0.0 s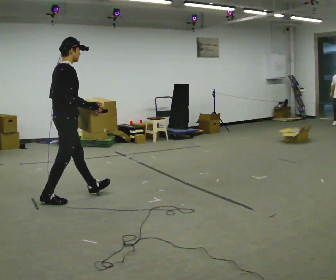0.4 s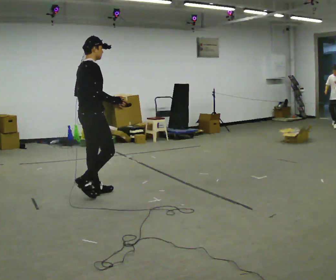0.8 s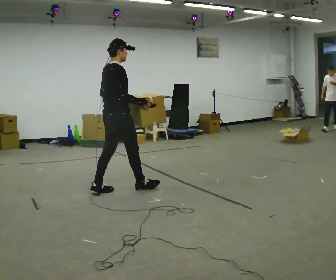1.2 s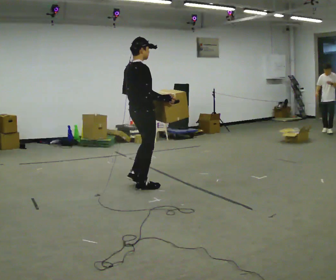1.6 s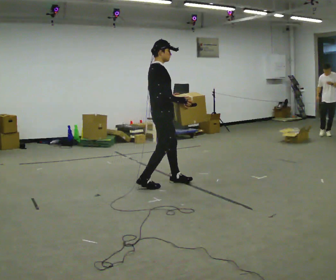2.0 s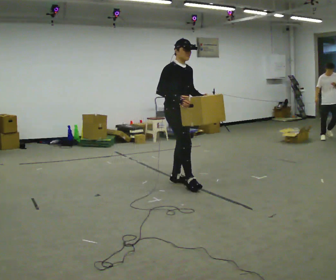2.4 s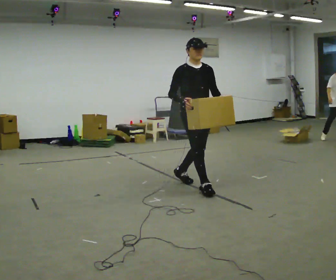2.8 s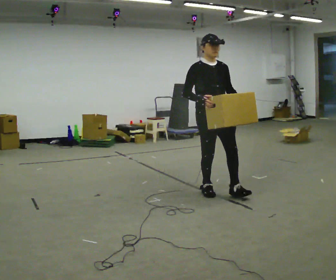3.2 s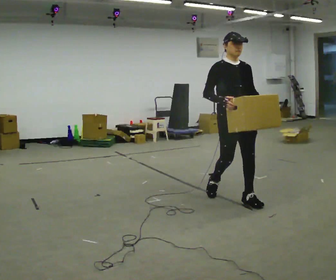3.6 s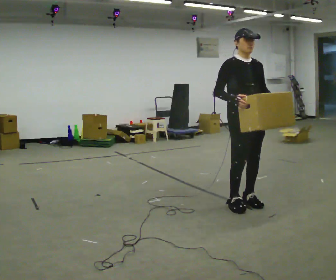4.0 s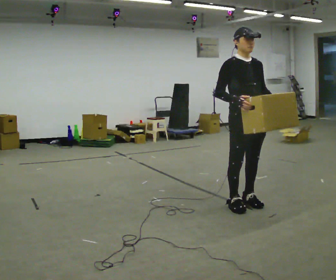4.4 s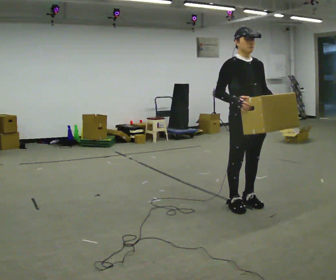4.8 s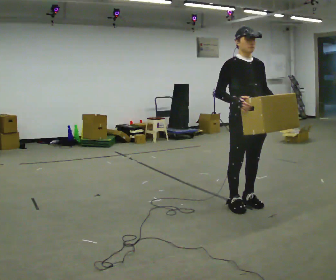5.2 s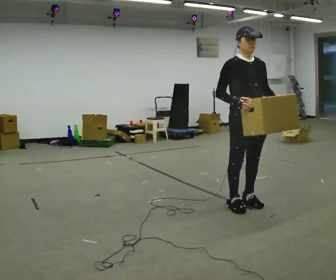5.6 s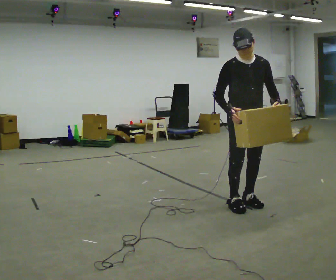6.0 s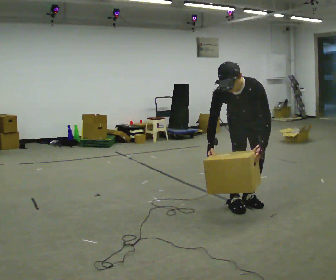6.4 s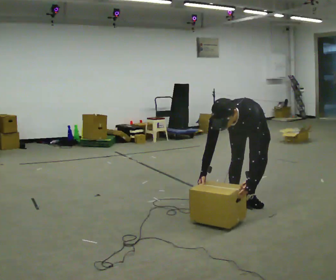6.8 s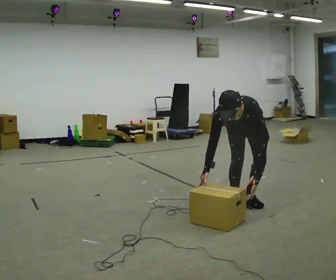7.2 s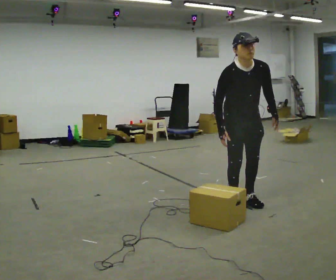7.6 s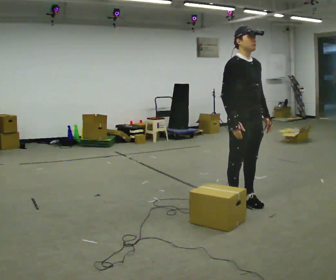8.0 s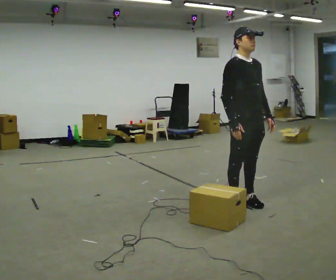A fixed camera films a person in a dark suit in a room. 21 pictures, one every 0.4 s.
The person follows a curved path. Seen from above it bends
clockwise.
The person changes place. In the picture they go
to the right.
0.0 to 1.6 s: In the picture they go to the right and away from the camera, about 1 m in 3 steps, which for them is forward.
1.6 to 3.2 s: Seen from above the body turns clockwise, about 75 degrees: to their right, with its near side sliding to the left. In the picture they go to the right and toward the camera, about 1 m in 2 steps.
3.2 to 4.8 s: In the picture they go toward the camera, about 0.25 m in 1 step, which for them is forward.
4.8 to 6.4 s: The person turns about 45 degrees to their right, clockwise seen from above, so the part of the body nearest the lens slides to the left. In the picture they go away from the camera, about 0.25 m, which for them is backward. The shoulders move downward. The upper body tips toward the camera, its near side rolling downward, as they bend forward. In the picture their right hand goes downward.
6.4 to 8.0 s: The person turns about 60 degrees to their left, counterclockwise seen from above, so the part of the body nearest the lens slides to the right. In the picture they go toward the camera, about 0.25 m, which for them is forward. The upper body goes upward. The upper body tips away from the camera, its near side rolling upward, as they lean back or straighten. In the picture their left hand goes upward.
The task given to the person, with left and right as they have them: Carry the box along the marked route, turning 90 degrees at the corner the operator calls, and set it down at the end. Keep going until the operator says stop; one object at a time, and do not rush between trips.
The film runs forward here.
